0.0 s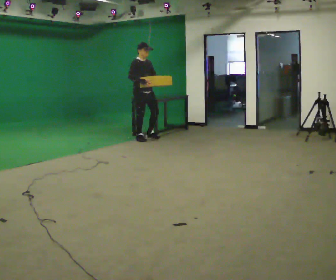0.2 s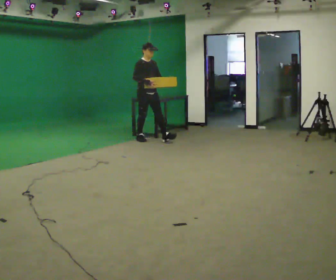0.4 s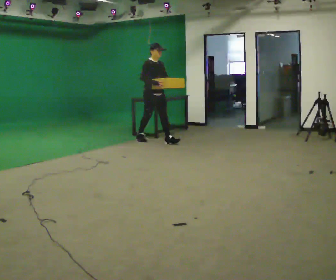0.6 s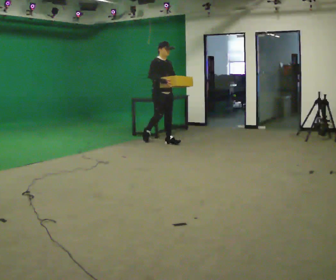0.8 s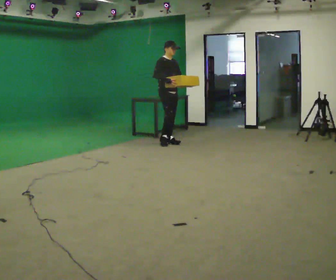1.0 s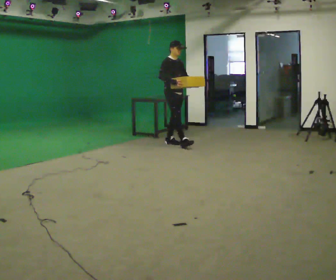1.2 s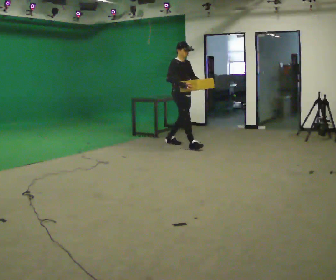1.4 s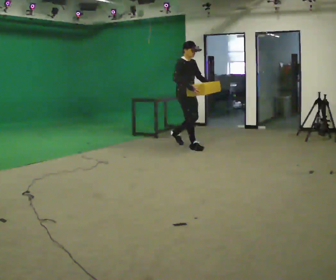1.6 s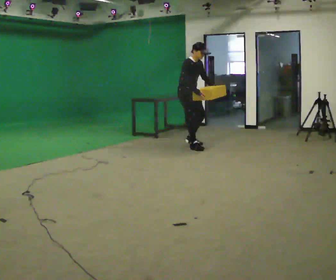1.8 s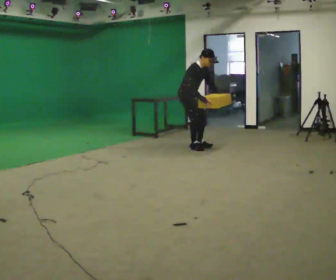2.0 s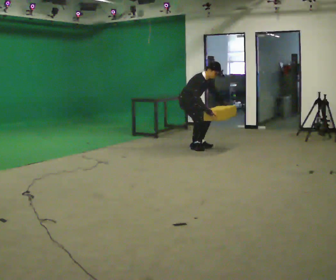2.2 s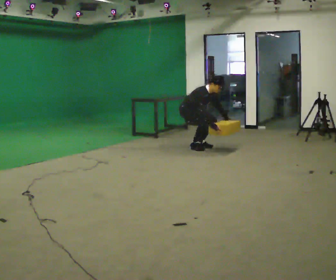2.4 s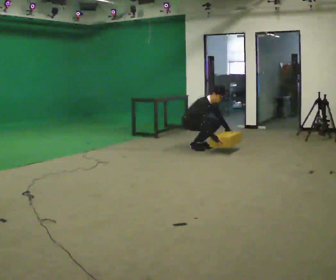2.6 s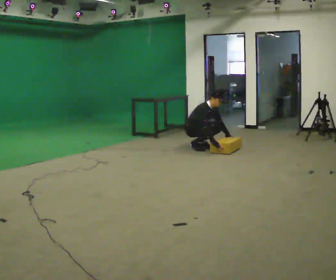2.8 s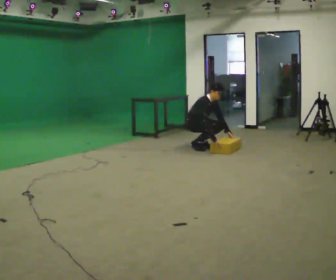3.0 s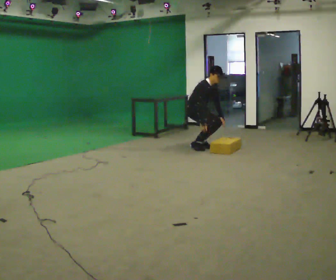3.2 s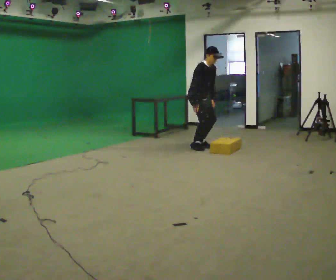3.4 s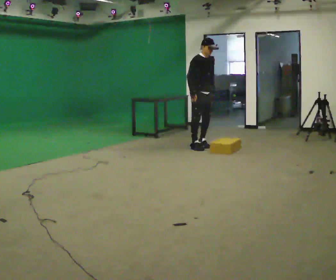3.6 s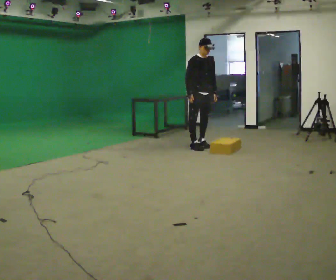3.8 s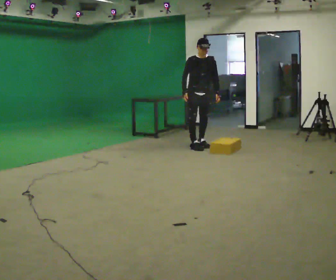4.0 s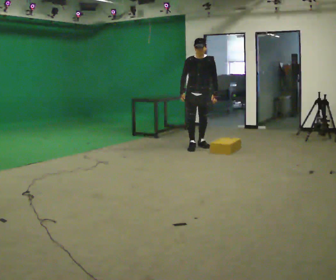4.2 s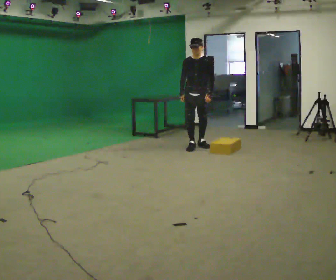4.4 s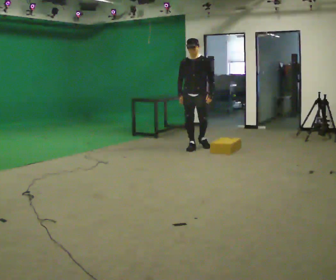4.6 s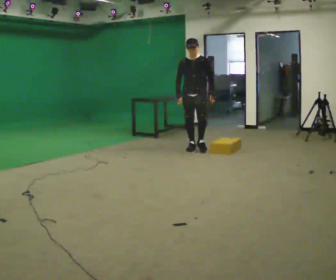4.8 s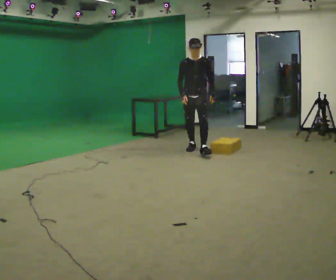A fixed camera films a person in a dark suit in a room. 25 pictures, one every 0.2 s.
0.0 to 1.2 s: In the picture they go to the right and toward the camera, about 1 m in 2 steps, which for them is forward.
1.2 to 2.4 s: In the picture they go to the right, about 0.25 m in 1 step, which for them is forward. The upper body goes downward. In the picture the upper body tilts clockwise, shoulders to the right, as they bend forward. In the picture their right hand goes downward and to the right.
2.4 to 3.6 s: Seen from above the body turns clockwise, about 30 degrees: to their right, with its near side sliding to the left. The upper body goes upward. In the picture the upper body tilts counterclockwise, shoulders to the left, as they lean back or straighten. In the picture their right hand goes upward and to the left.
3.6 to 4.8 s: The part of the body nearest the lens slides to the left as the person turns to their right by about 30 degrees. In the picture they go toward the camera, about 0.25 m, which for them is forward.
The film runs forward here.
